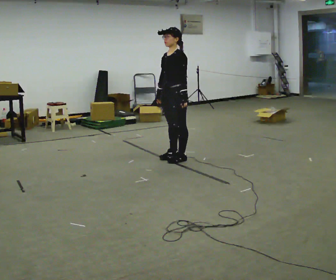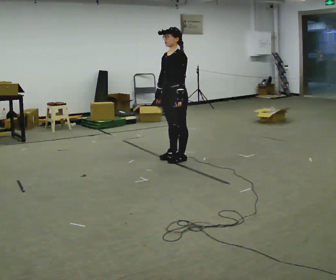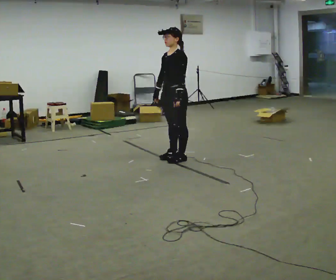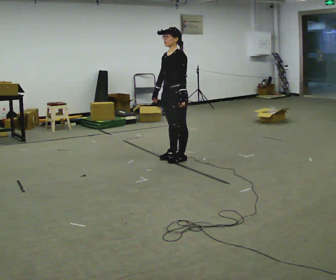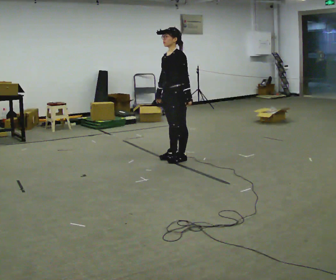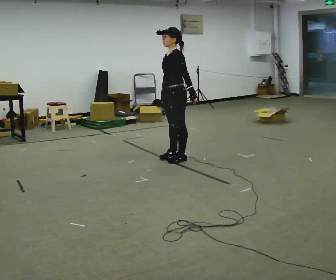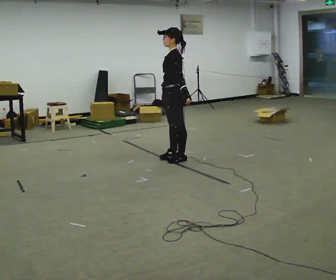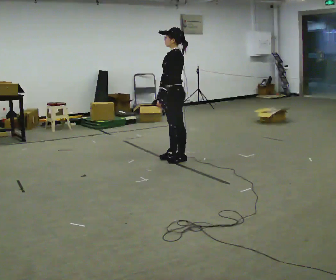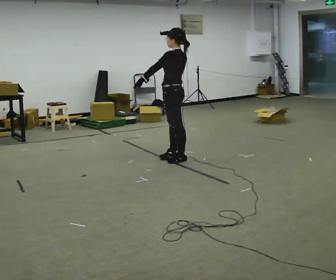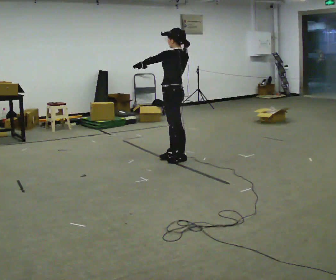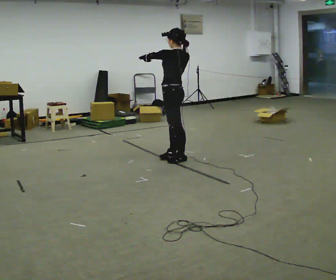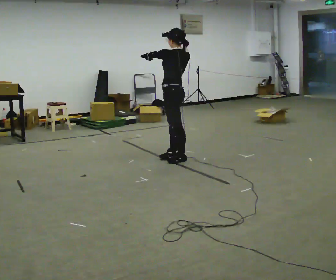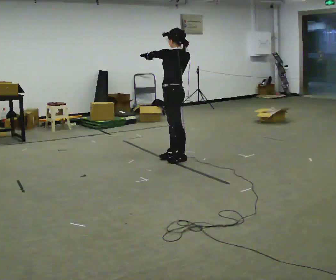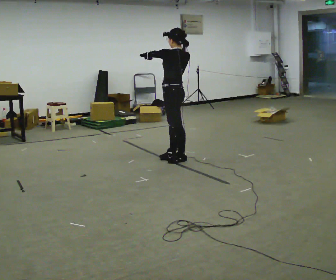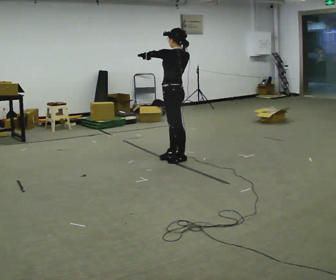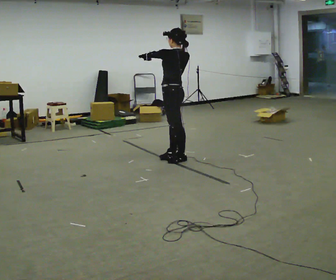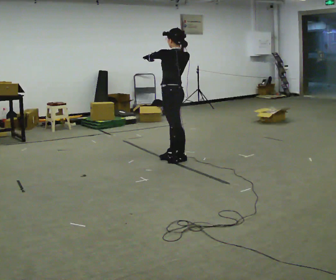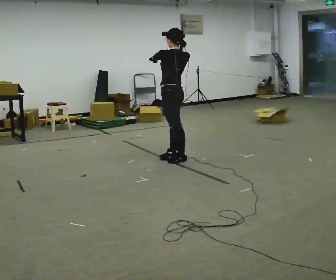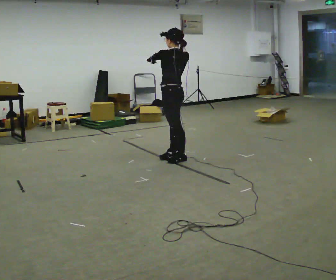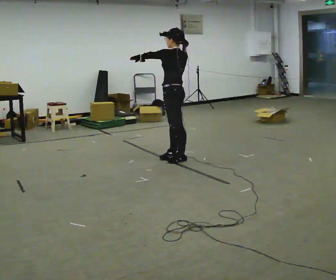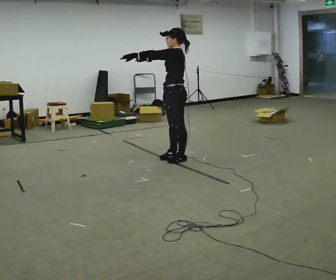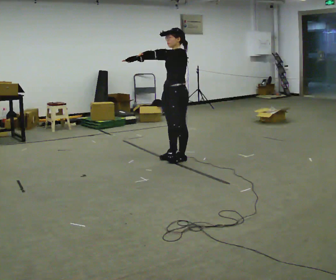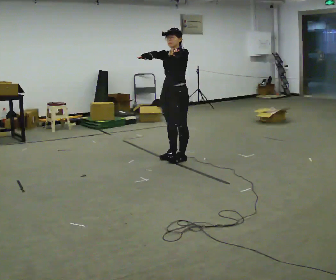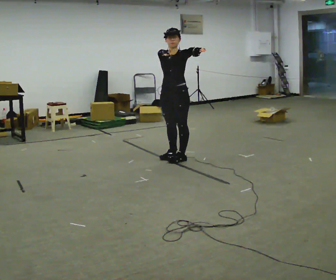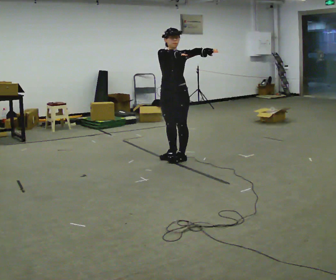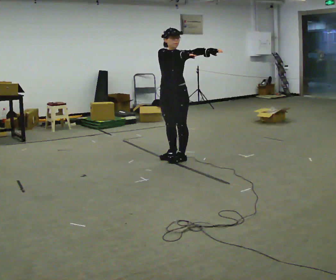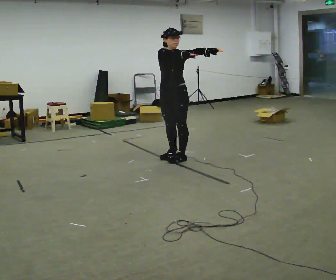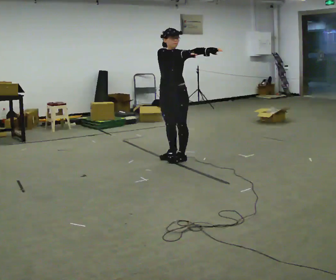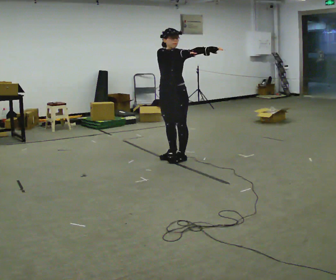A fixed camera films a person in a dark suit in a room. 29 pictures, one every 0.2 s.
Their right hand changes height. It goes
upward.
0.0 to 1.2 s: The person moves a little, or ends about where they began.
1.2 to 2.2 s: The part of the body nearest the lens slides to the left as the person turns to their right by about 30 degrees. In the picture their left hand goes to the left and upward, the arm swinging clockwise.
2.2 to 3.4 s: The person moves a little, or ends about where they began.
3.4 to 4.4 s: The part of the body nearest the lens slides to the right as the person turns to their left by about 75 degrees. In the picture their right hand goes to the left.
4.4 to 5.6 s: The part of the body nearest the lens slides to the right as the person turns to their left by about 45 degrees. In the picture their left hand goes to the right.
The film runs backward here.
